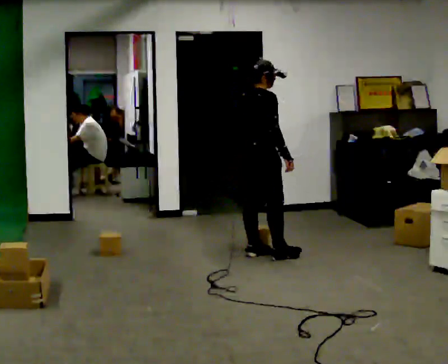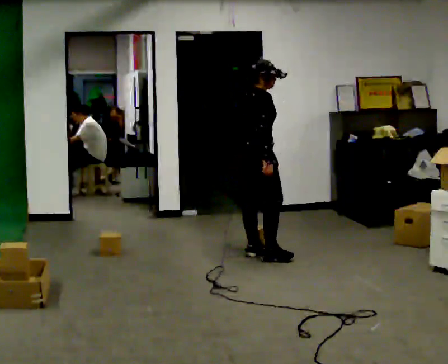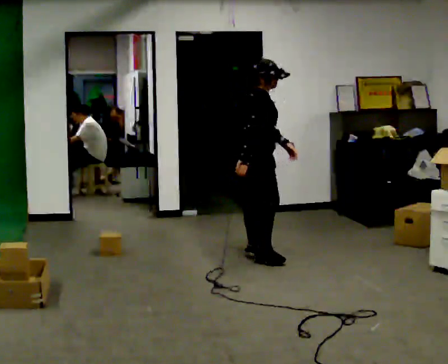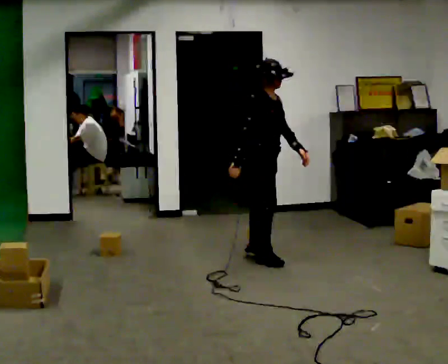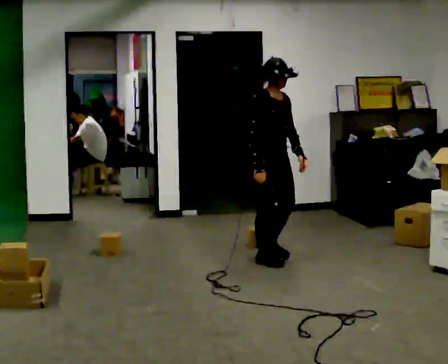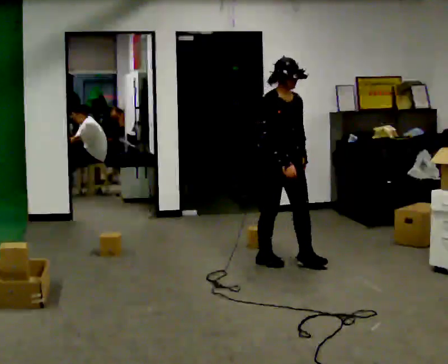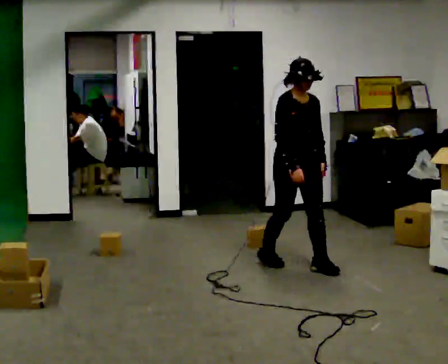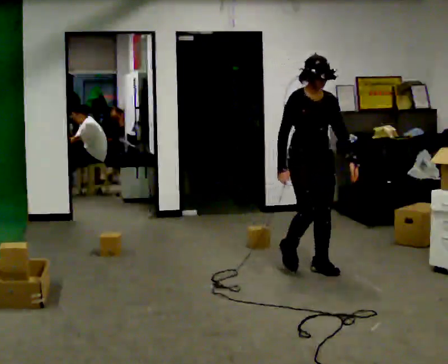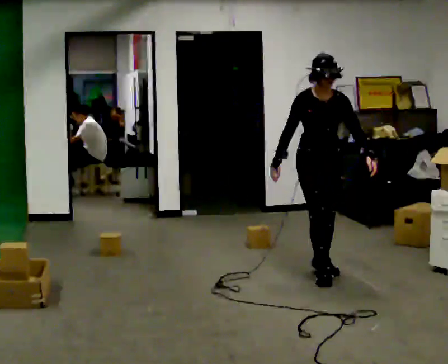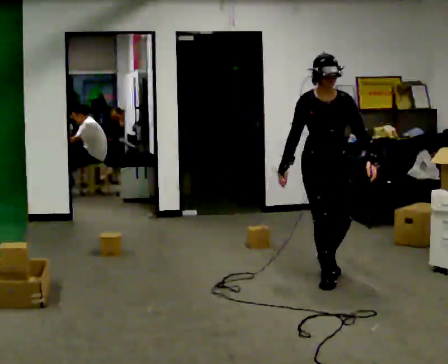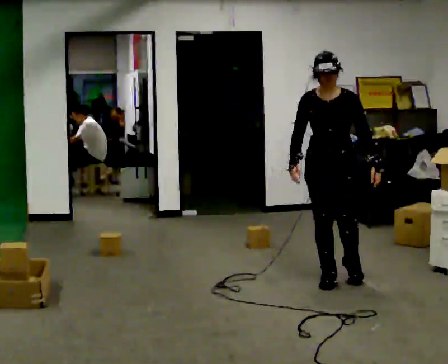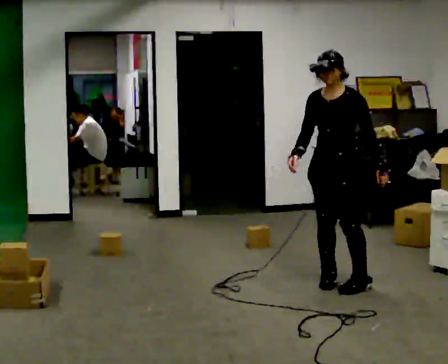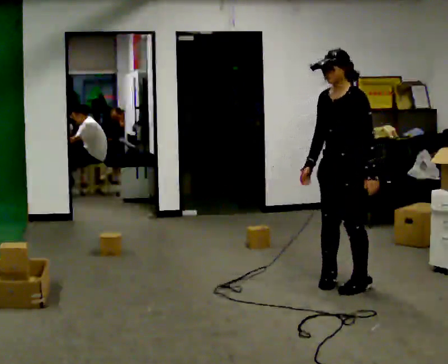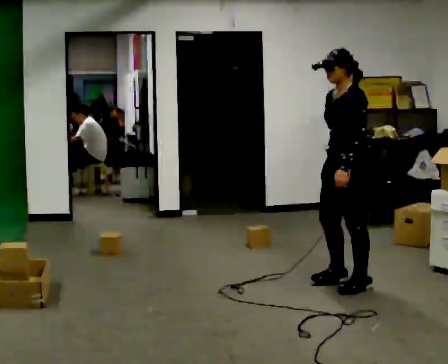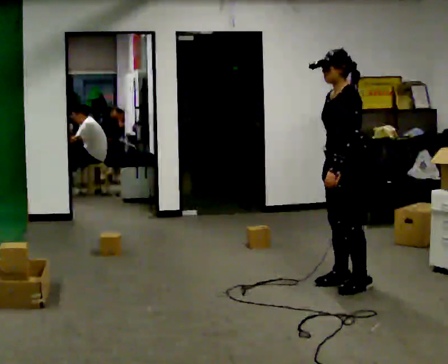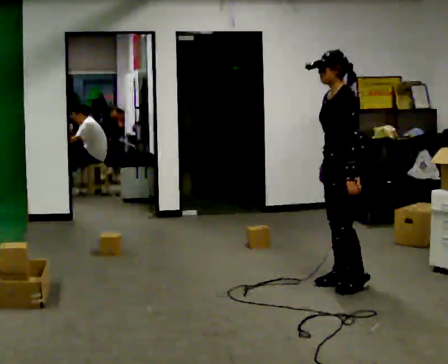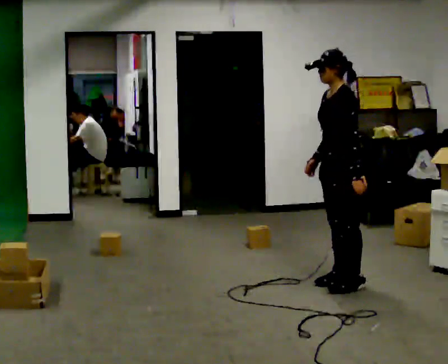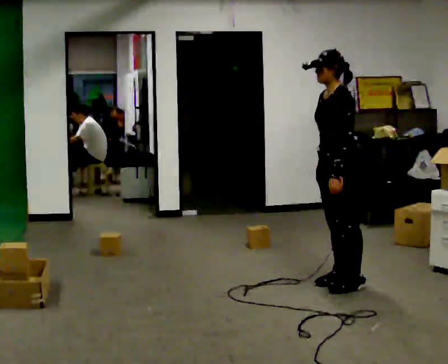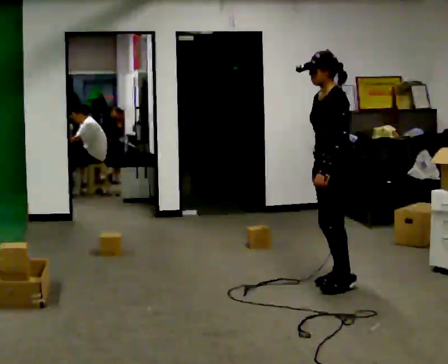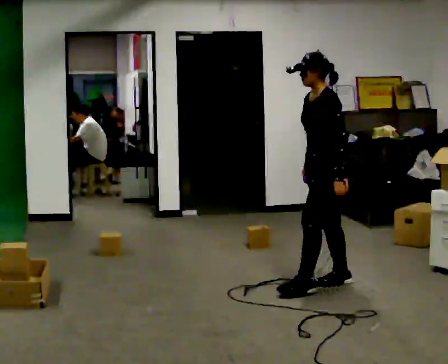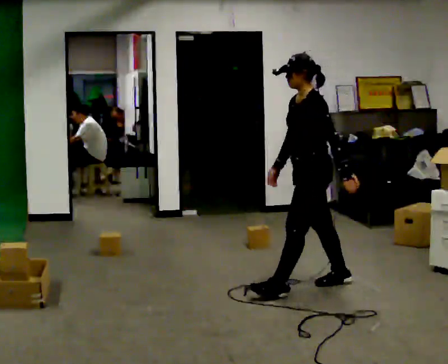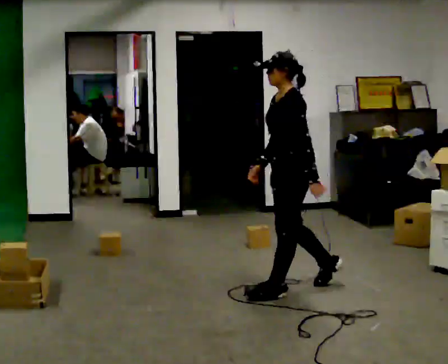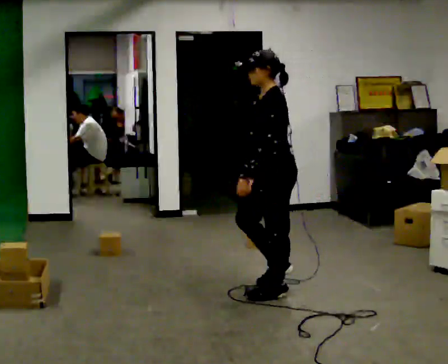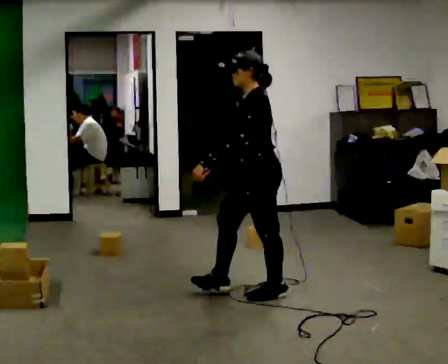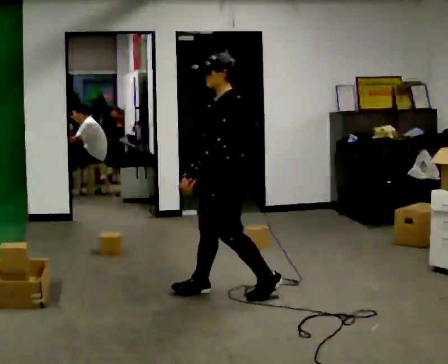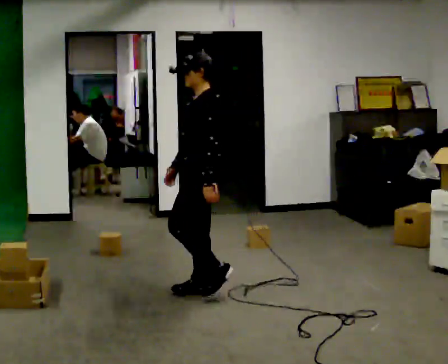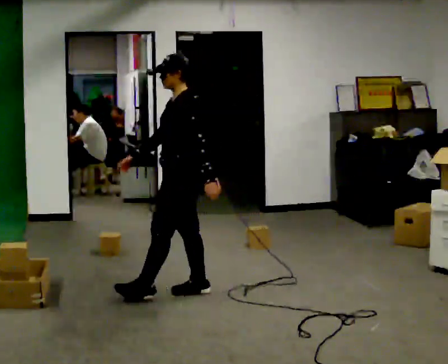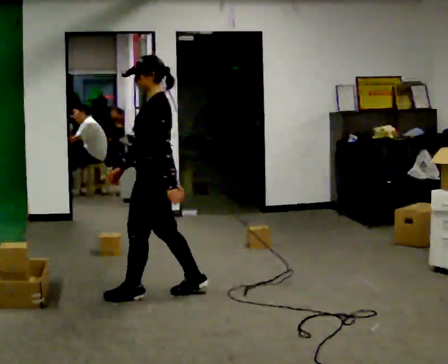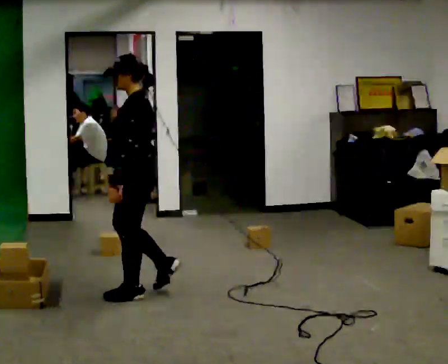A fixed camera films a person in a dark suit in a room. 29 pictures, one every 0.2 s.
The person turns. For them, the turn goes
to their right.
The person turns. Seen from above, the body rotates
clockwise.
0.0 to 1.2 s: The part of the body nearest the lens slides to the left as the person turns to their right by about 90 degrees. In the picture they go to the right and toward the camera, about 0.5 m in 2 steps.
1.2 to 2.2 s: Seen from above the body turns clockwise, about 75 degrees: to their right, with its near side sliding to the left. In the picture they go toward the camera and to the right, about 0.5 m in 2 steps.
2.2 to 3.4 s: The part of the body nearest the lens slides to the left as the person turns to their right by about 45 degrees.
3.4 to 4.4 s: In the picture they go to the left and toward the camera, about 0.5 m in 1 step, which for them is forward.
4.4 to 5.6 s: In the picture they go to the left, about 1 m in 2 steps, which for them is forward.
The film runs forward here.
